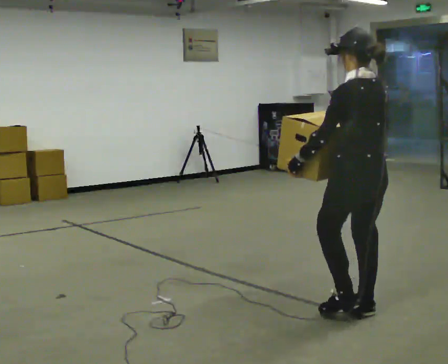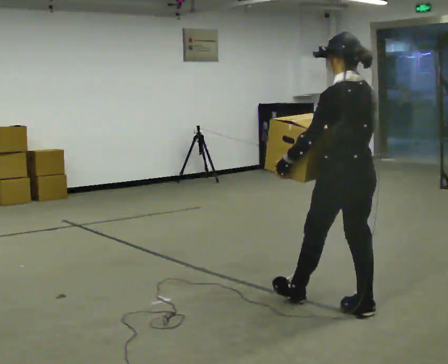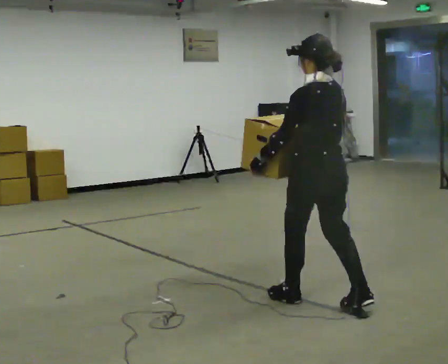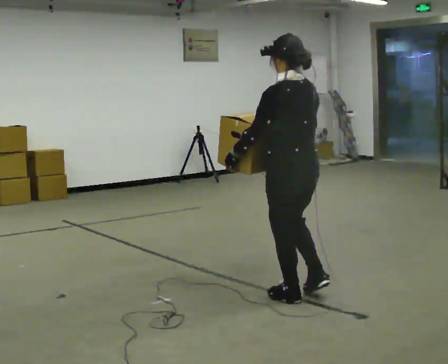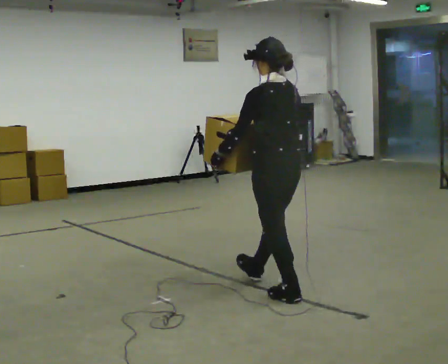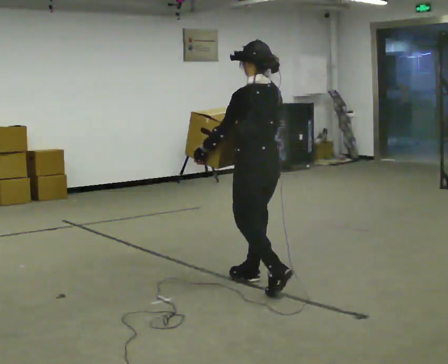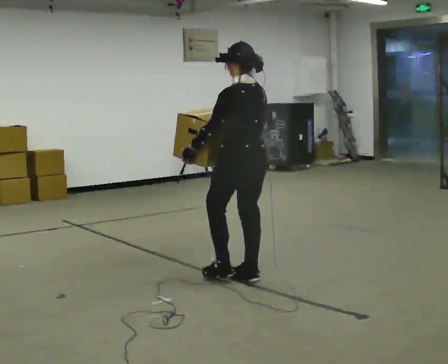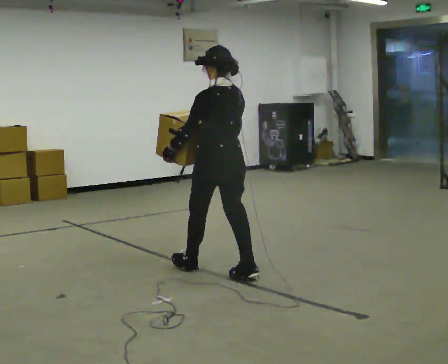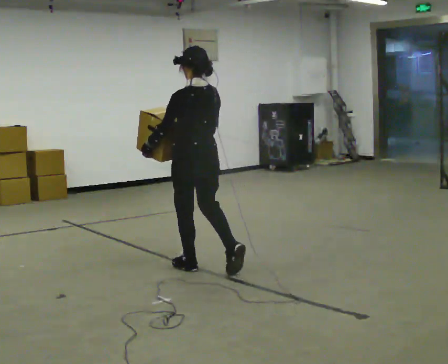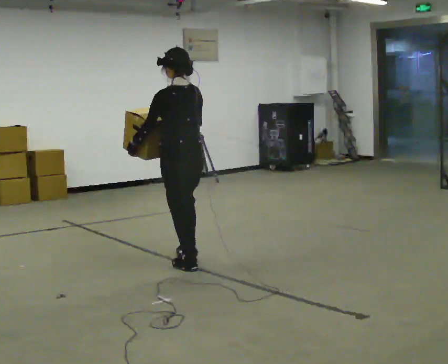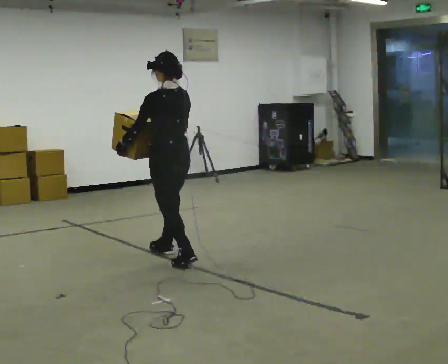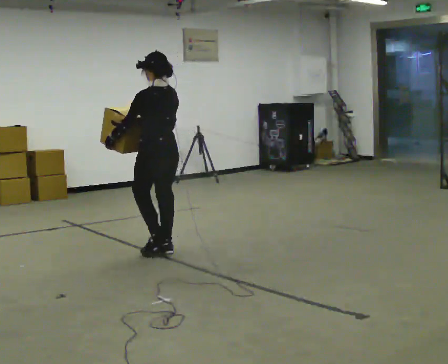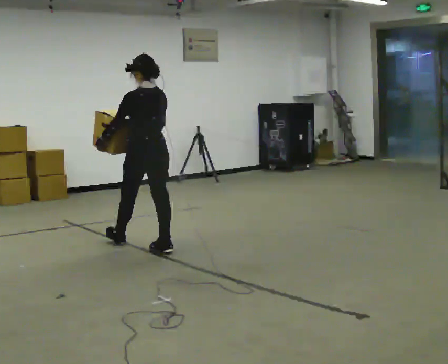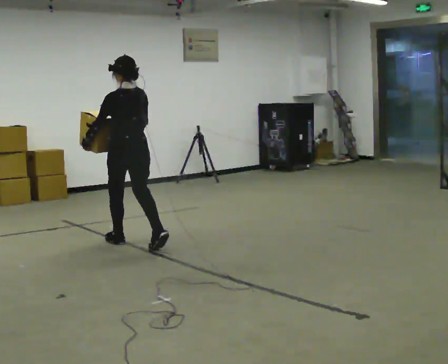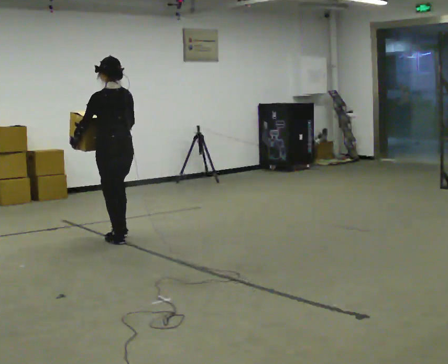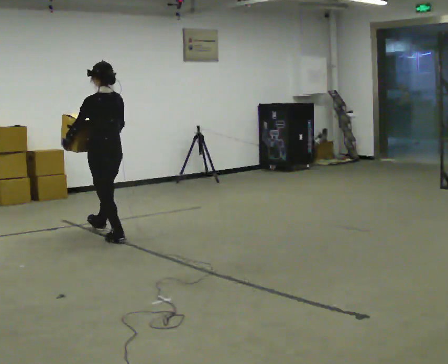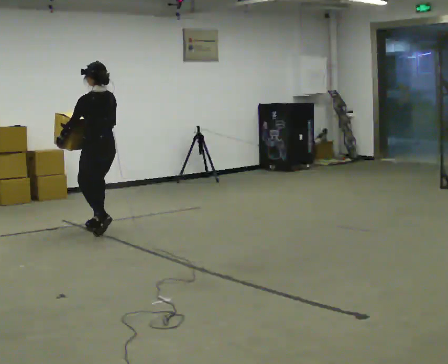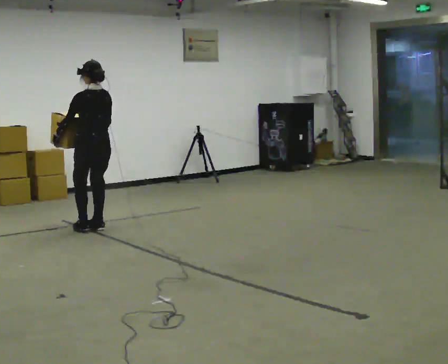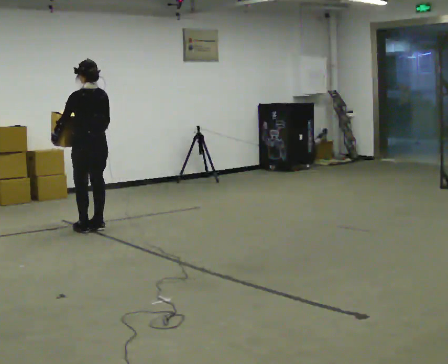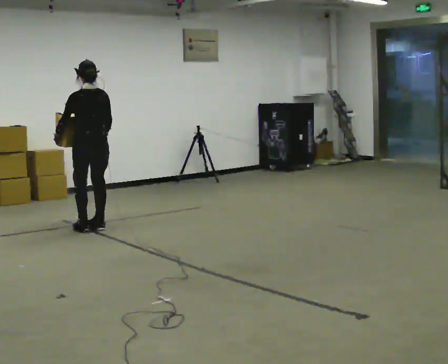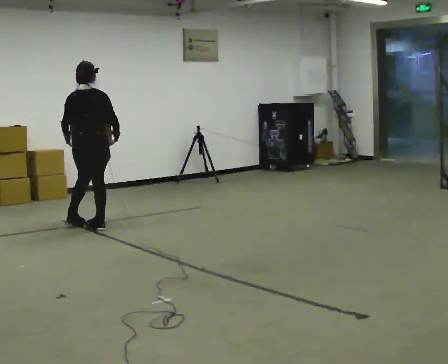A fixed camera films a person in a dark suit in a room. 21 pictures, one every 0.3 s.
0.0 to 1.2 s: In the picture they go away from the camera and to the left, about 0.75 m in 1 step, which for them is forward.
1.2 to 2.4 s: In the picture they go away from the camera and to the left, about 1 m in 2 steps, which for them is forward.
2.4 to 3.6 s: In the picture they go away from the camera and to the left, about 0.5 m in 1 step, which for them is forward.
3.6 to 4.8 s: In the picture they go away from the camera and to the left, about 1 m in 2 steps, which for them is forward.
4.8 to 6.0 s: Seen from above the body turns clockwise, about 45 degrees: to their right, with its near side sliding to the left. In the picture they go away from the camera, about 0.25 m in 1 step, which for them is forward.
The film runs forward here.
